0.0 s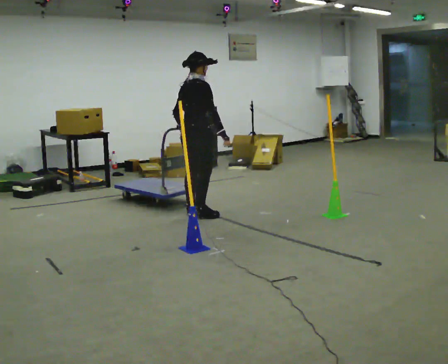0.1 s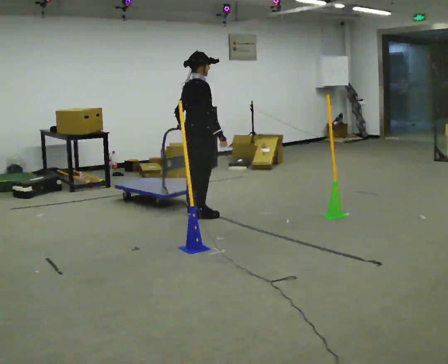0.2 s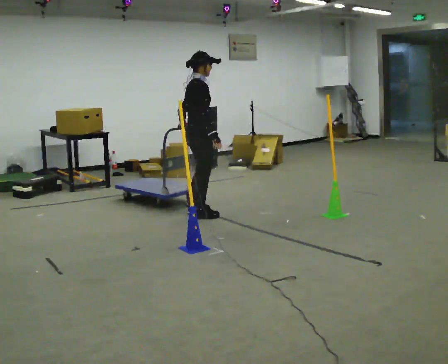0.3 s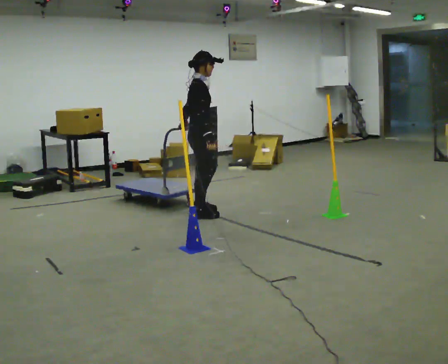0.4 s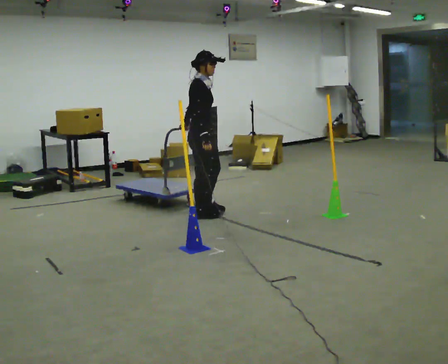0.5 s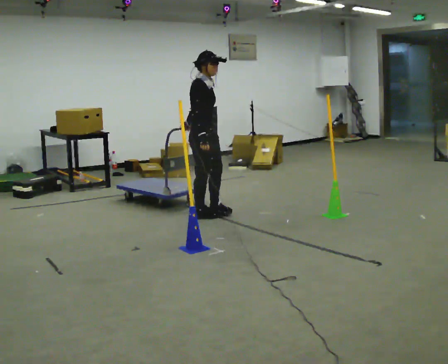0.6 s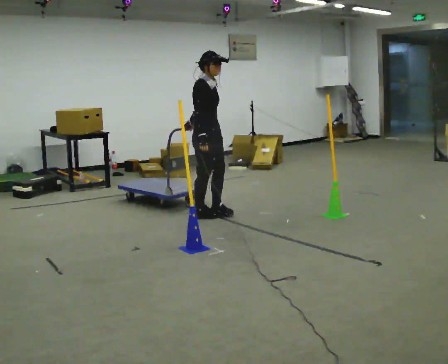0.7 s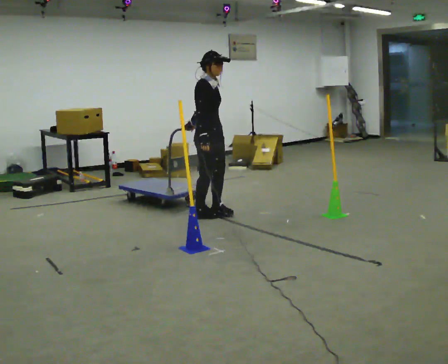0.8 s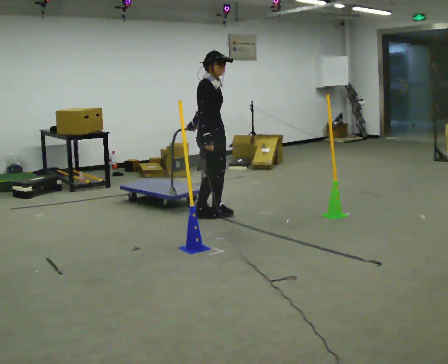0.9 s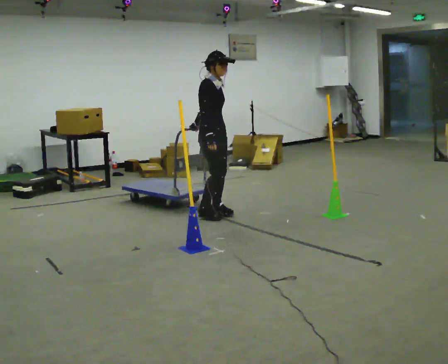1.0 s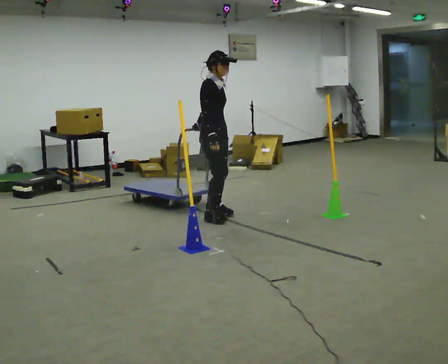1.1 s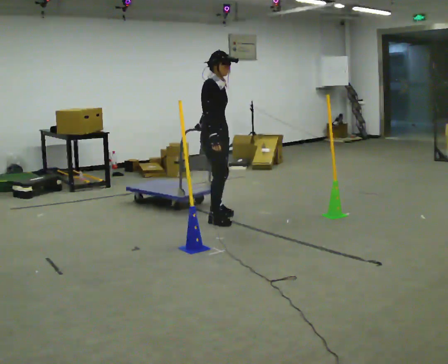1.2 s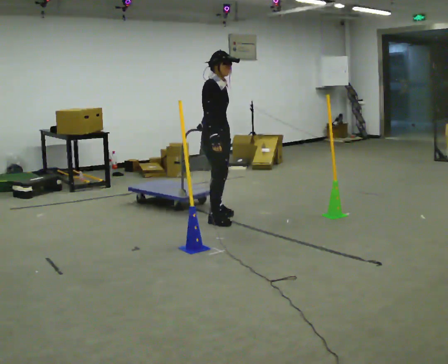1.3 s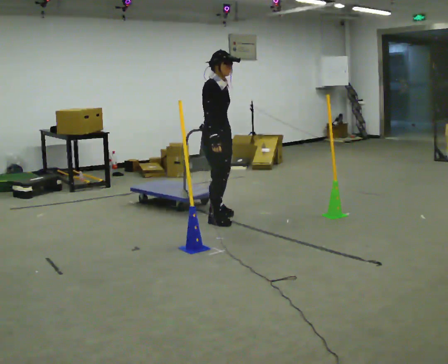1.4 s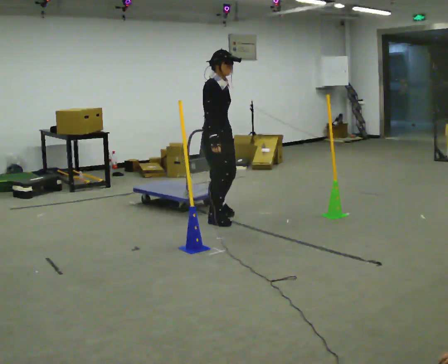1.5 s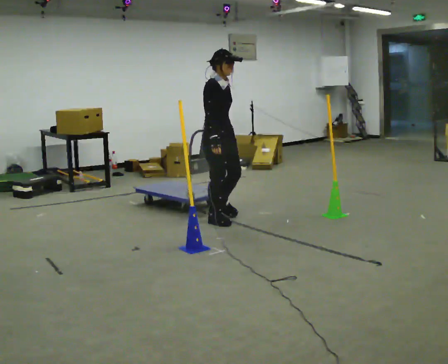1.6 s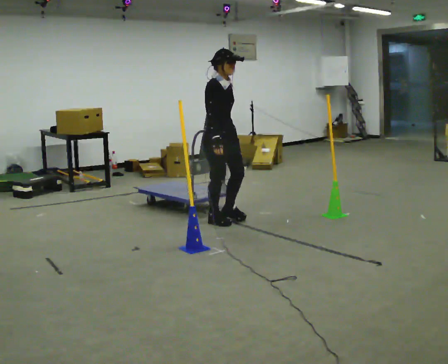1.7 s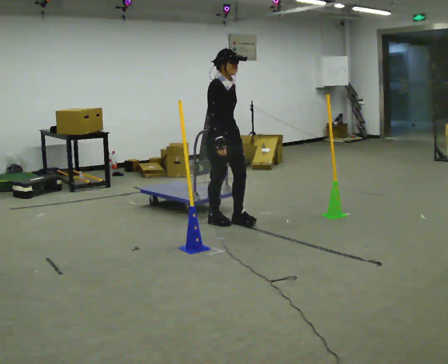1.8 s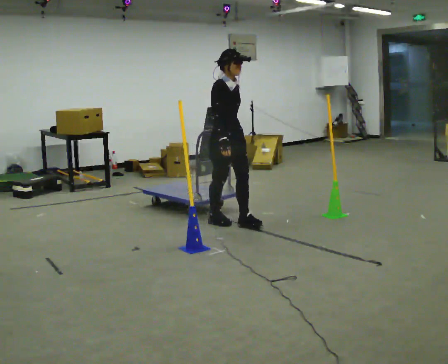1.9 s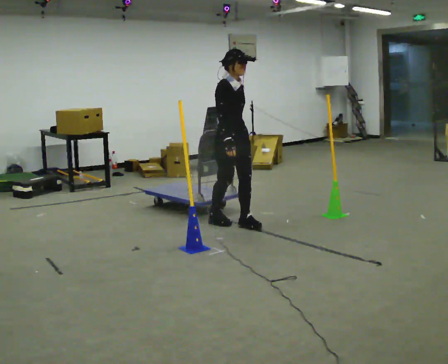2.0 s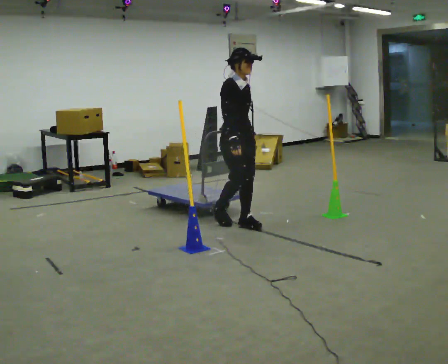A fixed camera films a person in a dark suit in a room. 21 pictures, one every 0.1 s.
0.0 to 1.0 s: The part of the body nearest the lens slides to the left as the person turns to their right by about 60 degrees. In the picture they go to the right, about 0.25 m in 1 step.
1.0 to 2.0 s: In the picture they go toward the camera and to the right, about 0.5 m in 2 steps, which for them is forward and to their right.
The film runs forward here.
